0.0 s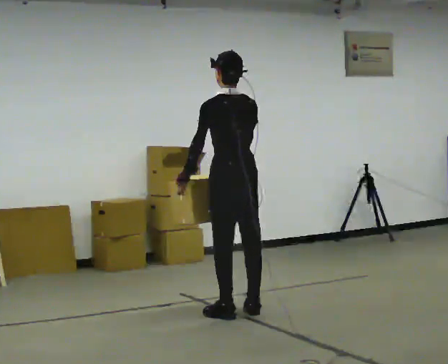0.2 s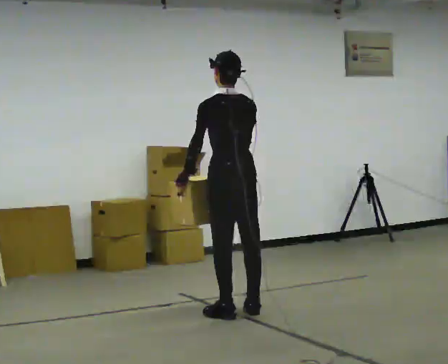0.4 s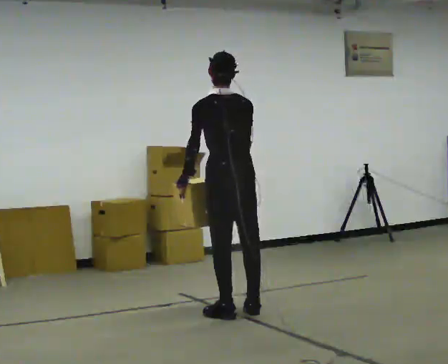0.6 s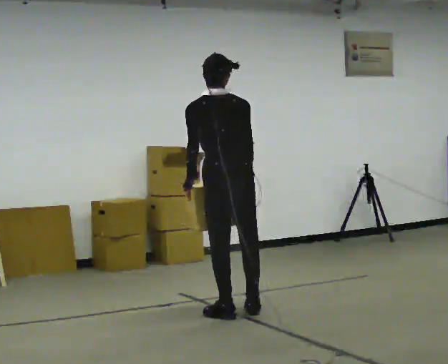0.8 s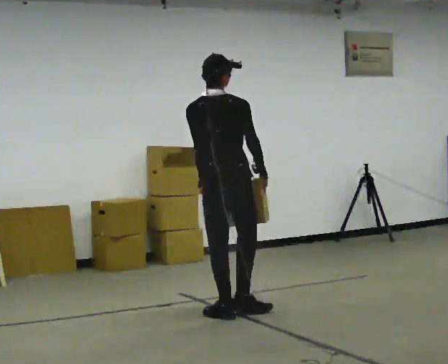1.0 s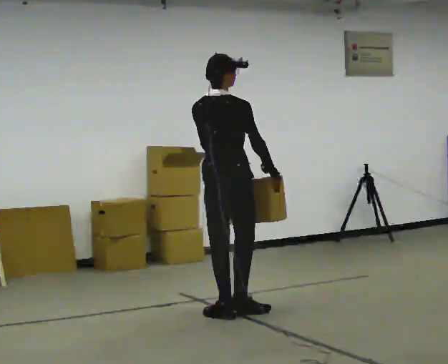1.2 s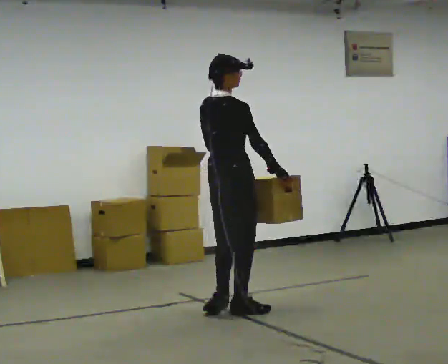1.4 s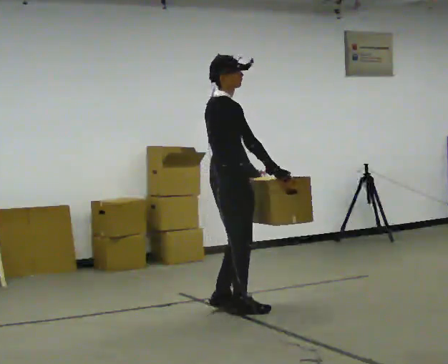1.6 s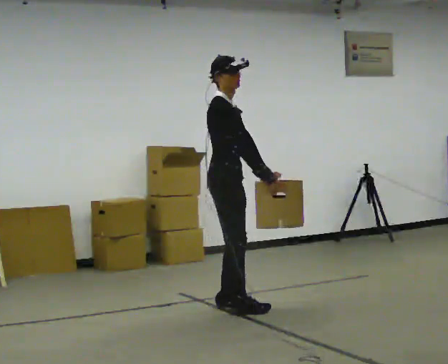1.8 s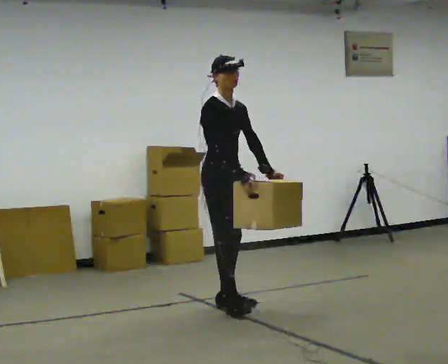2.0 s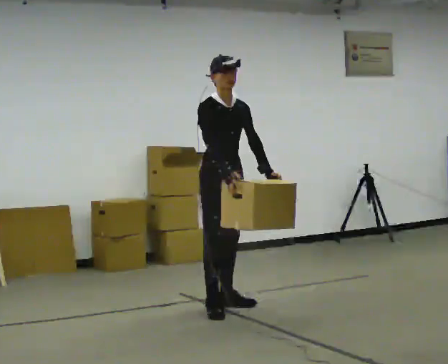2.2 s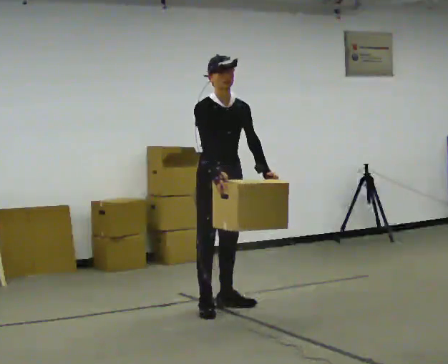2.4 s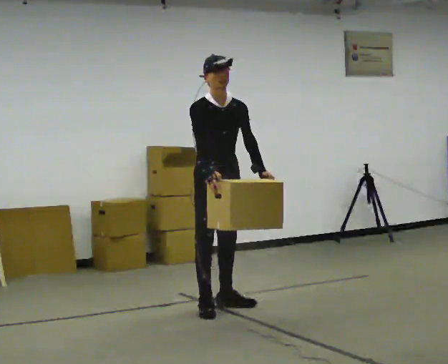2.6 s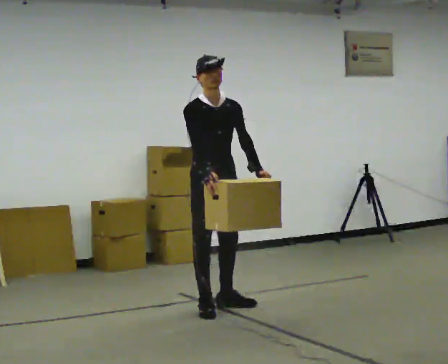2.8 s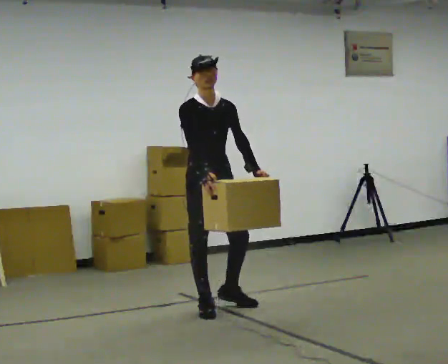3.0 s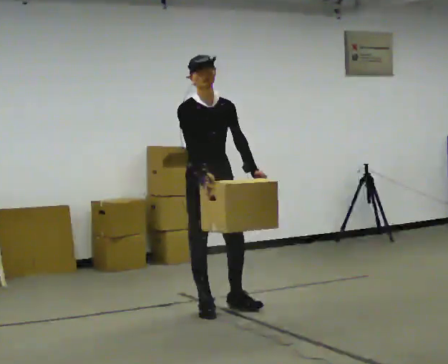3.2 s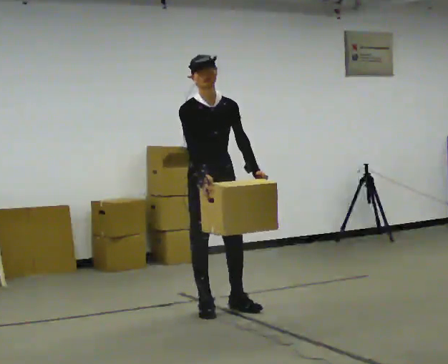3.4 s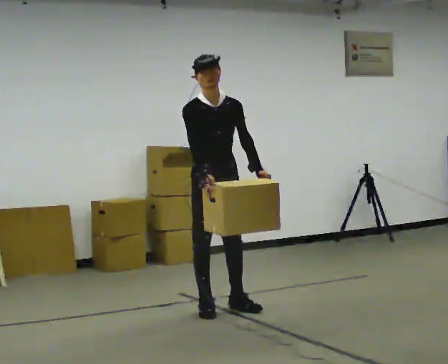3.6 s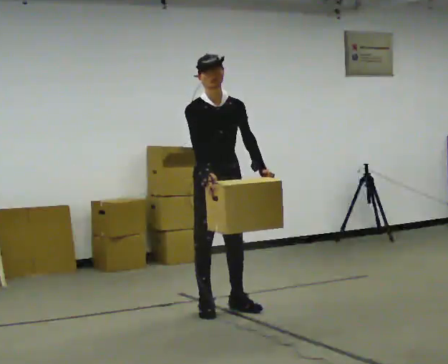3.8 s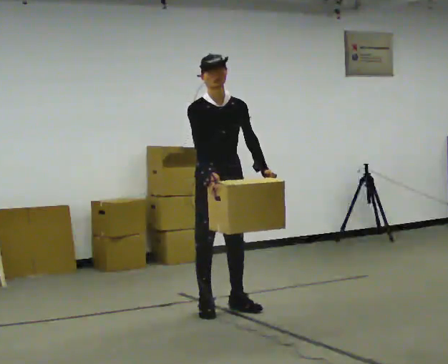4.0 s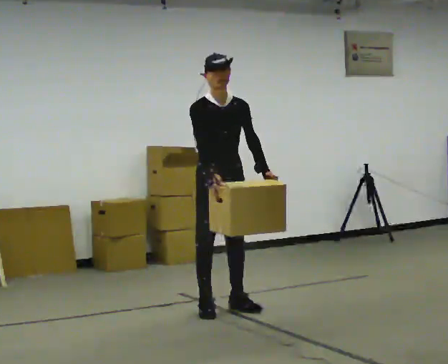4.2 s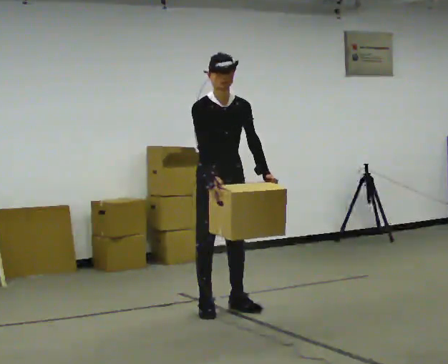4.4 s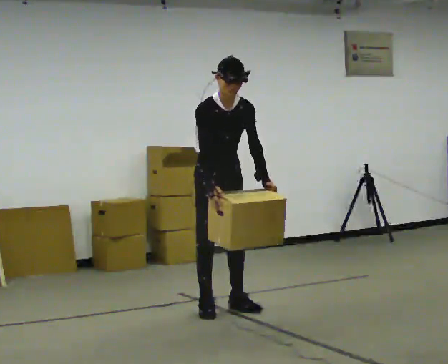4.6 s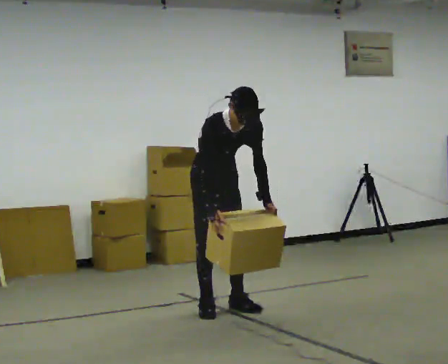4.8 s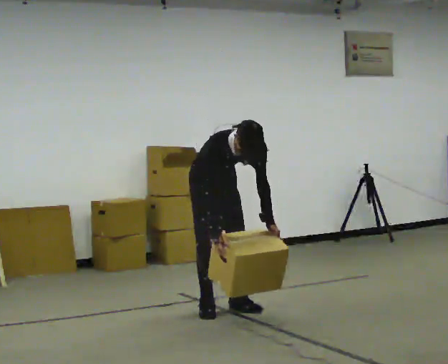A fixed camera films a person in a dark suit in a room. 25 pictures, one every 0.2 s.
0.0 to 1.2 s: The person turns about 75 degrees to their right, clockwise seen from above, so the part of the body nearest the lens slides to the left.
1.2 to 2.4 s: The part of the body nearest the lens slides to the left as the person turns to their right by about 105 degrees. In the picture they go away from the camera, about 0.25 m in 2 steps. In the picture their right hand goes to the left.
2.4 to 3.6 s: The person moves a little, or ends about where they began.
3.6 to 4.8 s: The upper body goes downward. The upper body tips toward the camera, its near side rolling downward, as they bend forward. In the picture their left hand goes downward.
The film runs forward here.
